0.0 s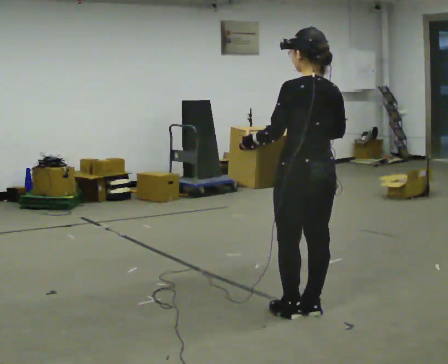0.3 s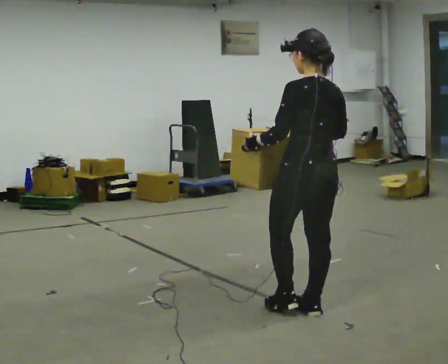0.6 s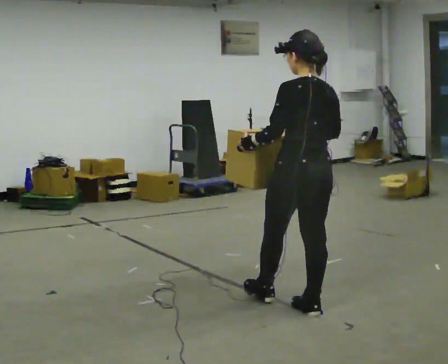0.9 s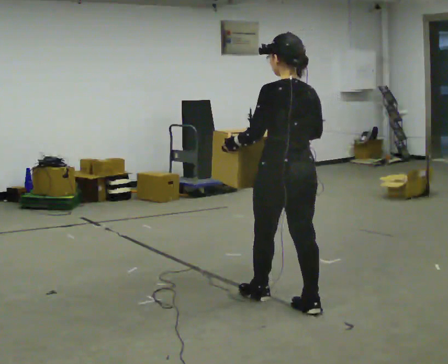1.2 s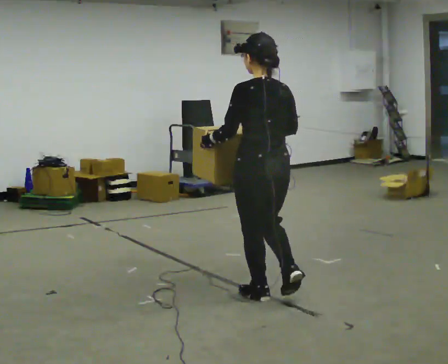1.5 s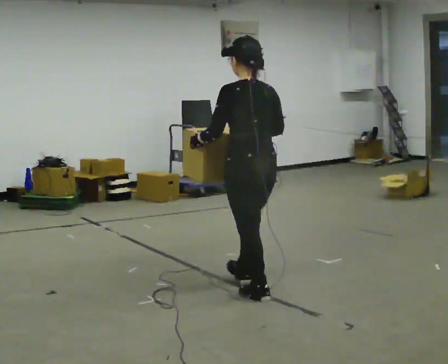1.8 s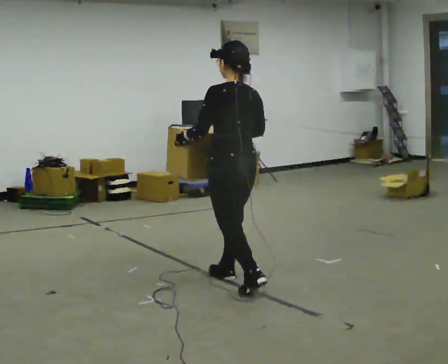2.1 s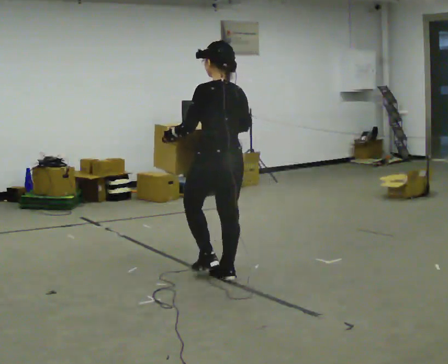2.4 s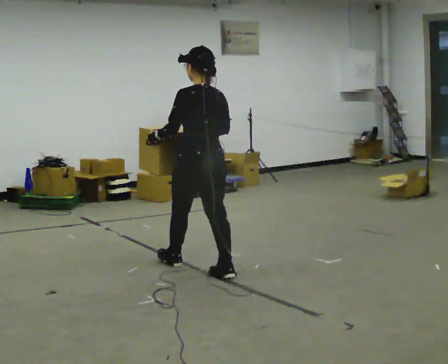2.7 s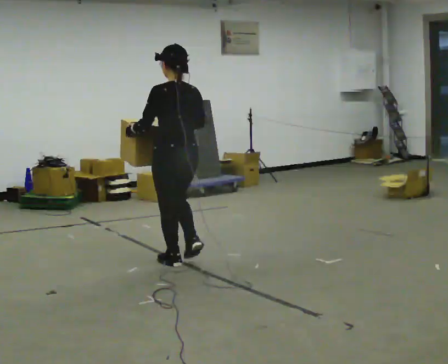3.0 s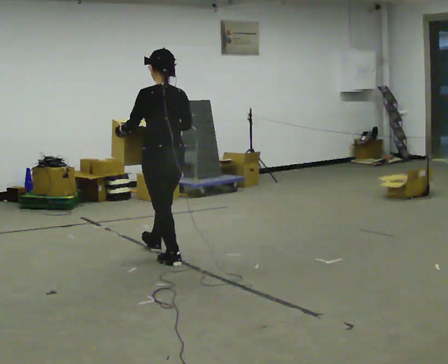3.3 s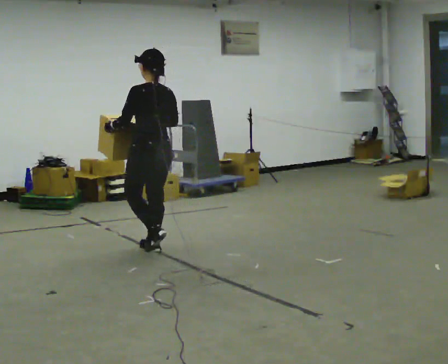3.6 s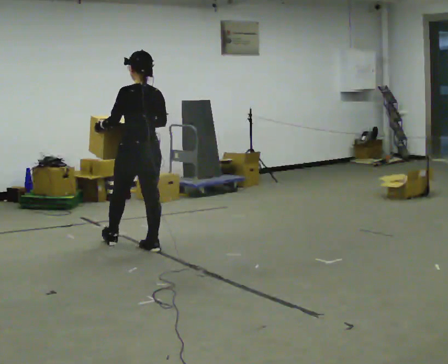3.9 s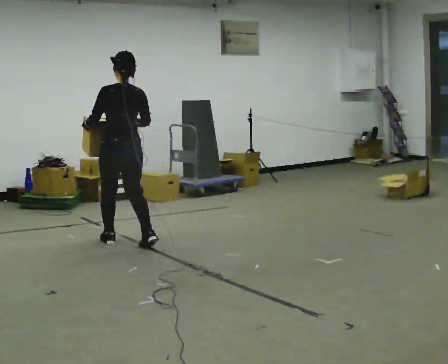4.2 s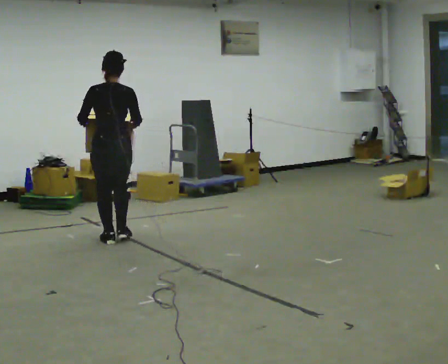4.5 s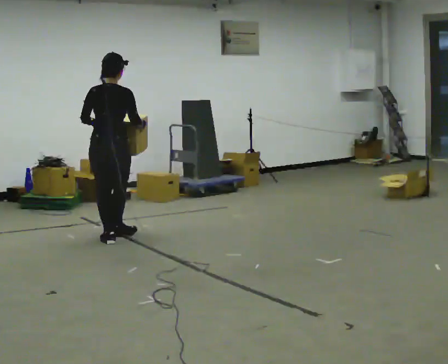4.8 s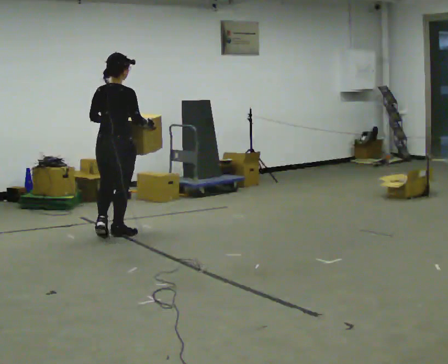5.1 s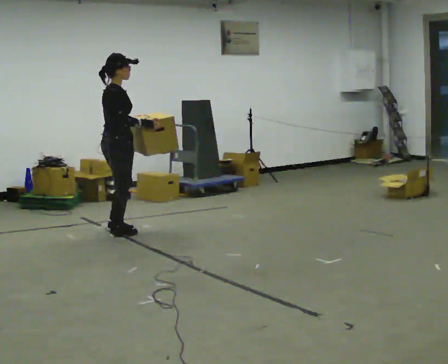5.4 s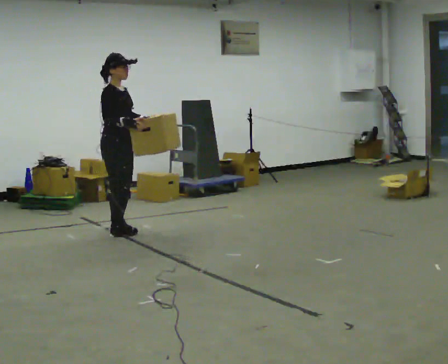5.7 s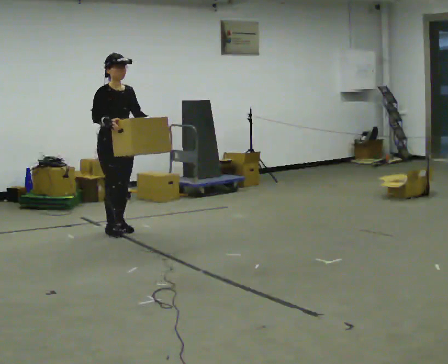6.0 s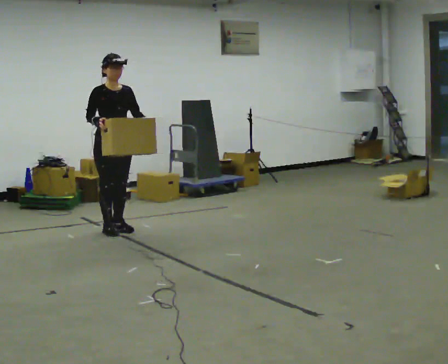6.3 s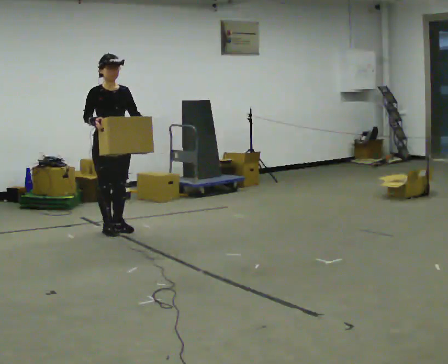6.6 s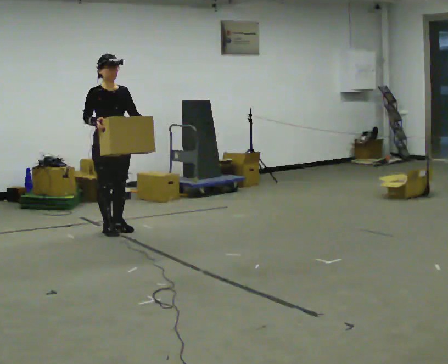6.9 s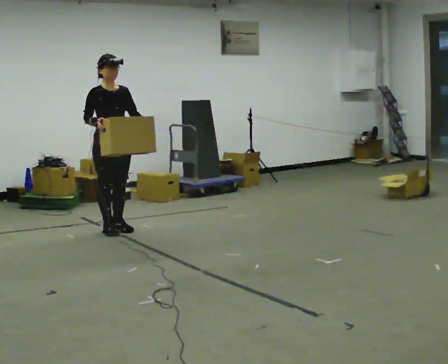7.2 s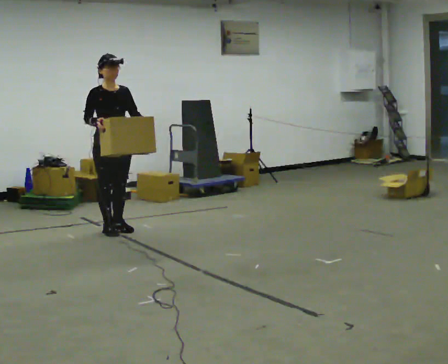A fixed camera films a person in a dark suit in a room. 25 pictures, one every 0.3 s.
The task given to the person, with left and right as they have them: Carry the large light object across the room, back and forth. It is awkward rather than heavy, so hold it however works.
0.0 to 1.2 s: In the picture they go away from the camera and to the left, about 0.5 m in 1 step, which for them is forward.
1.2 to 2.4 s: In the picture they go away from the camera and to the left, about 1 m in 2 steps, which for them is forward.
2.4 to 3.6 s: In the picture they go away from the camera and to the left, about 1 m in 1 step, which for them is forward.
3.6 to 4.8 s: Seen from above the body turns clockwise, about 60 degrees: to their right, with its near side sliding to the left. In the picture they go away from the camera and to the left, about 0.5 m in 2 steps, which for them is forward and to their left.
4.8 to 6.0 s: The person turns about 135 degrees to their right, clockwise seen from above, so the part of the body nearest the lens slides to the left. In the picture they go away from the camera, about 0.25 m in 2 steps.
6.0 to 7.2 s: The person moves a little, or ends about where they began.
The film runs forward here.
